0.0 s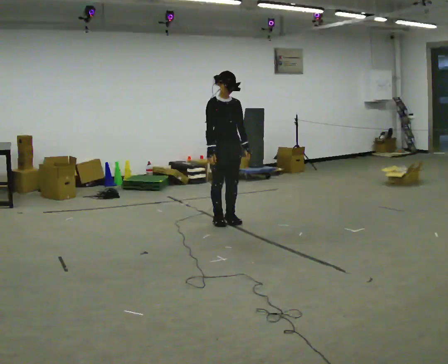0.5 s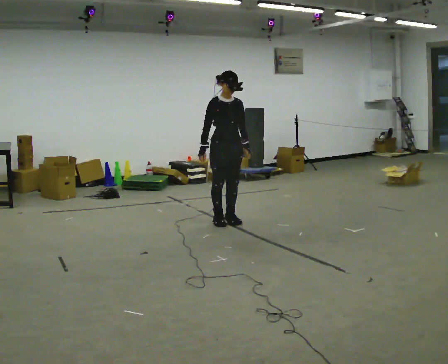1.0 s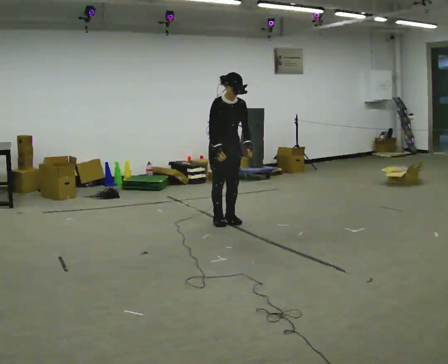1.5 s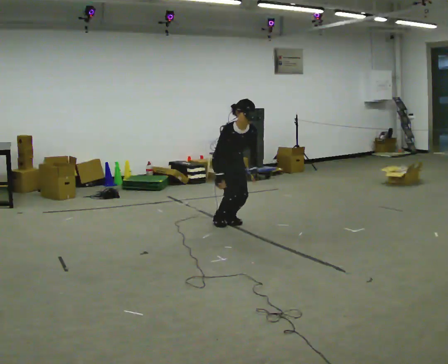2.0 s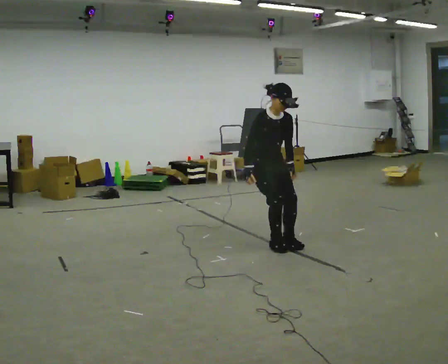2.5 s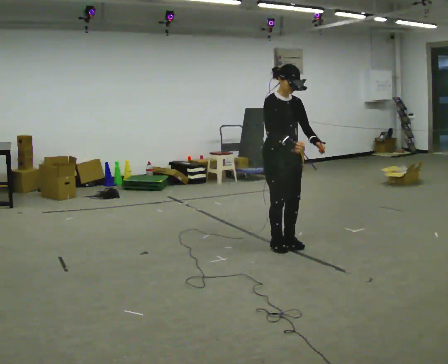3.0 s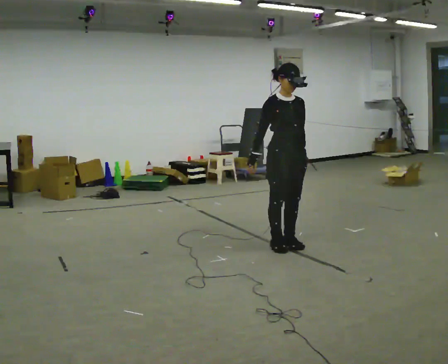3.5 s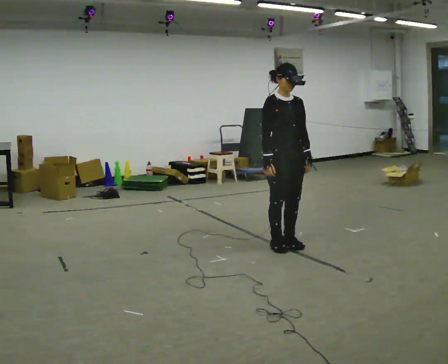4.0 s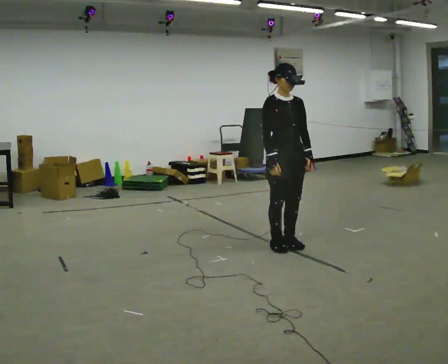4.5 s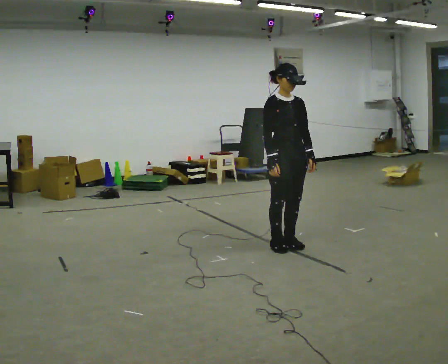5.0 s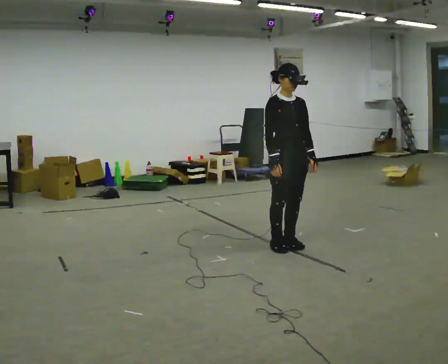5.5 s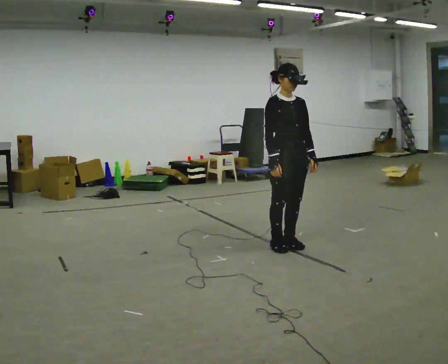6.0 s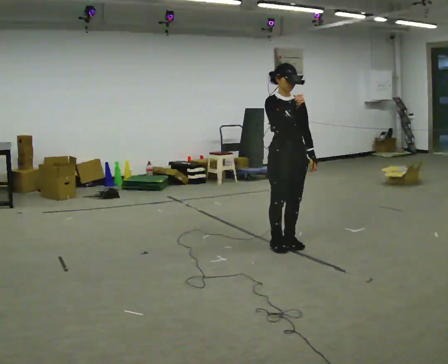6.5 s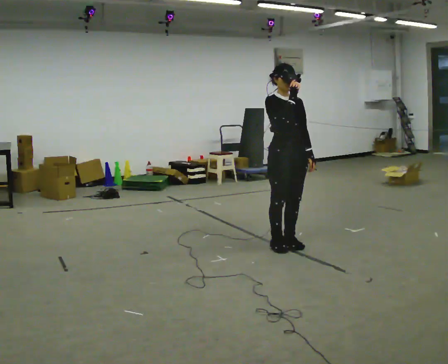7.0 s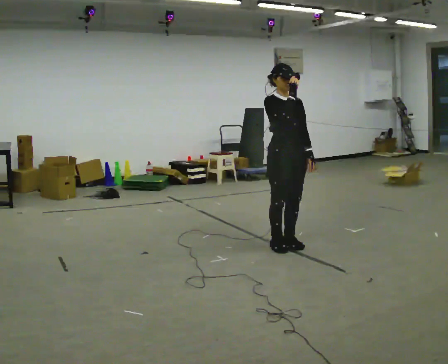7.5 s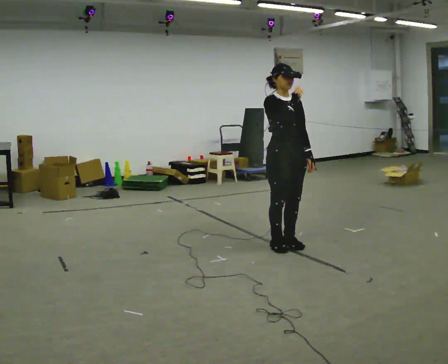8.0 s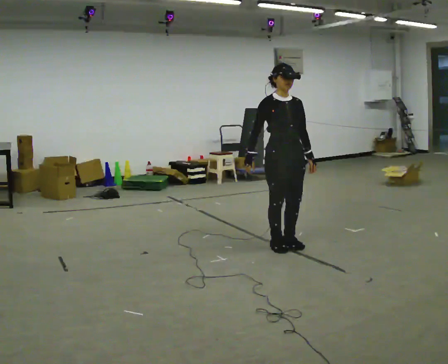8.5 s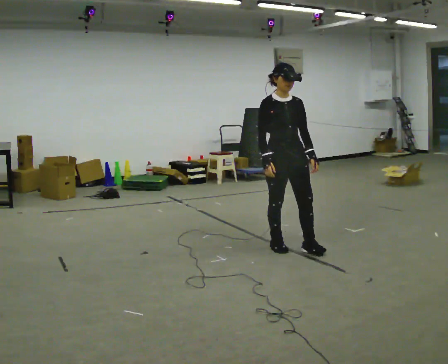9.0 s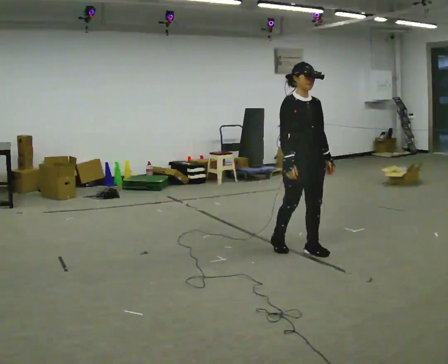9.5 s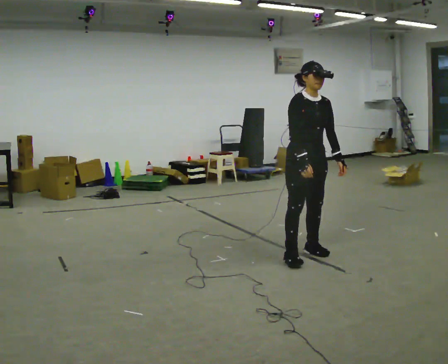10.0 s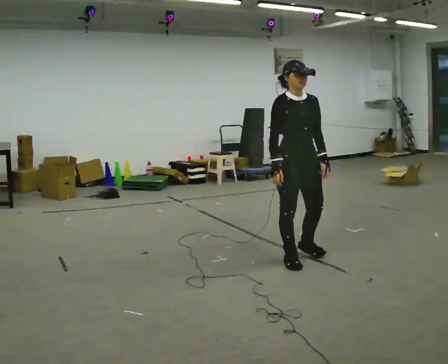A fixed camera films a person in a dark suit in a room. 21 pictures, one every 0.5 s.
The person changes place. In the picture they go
toward the camera.
0.0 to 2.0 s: In the picture they go toward the camera and to the right, about 1 m, which for them is forward.
2.0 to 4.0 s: In the picture they go toward the camera, about 0.25 m in 2 steps, which for them is forward. The shoulders move upward.
4.0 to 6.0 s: In the picture their right hand goes upward.
6.0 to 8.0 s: In the picture their right hand goes downward and to the left.
8.0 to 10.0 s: In the picture they go toward the camera, about 0.25 m in 2 steps, which for them is forward.
The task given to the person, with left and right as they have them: Skip forward across the room at a comfortable pace.
The film runs forward here.
